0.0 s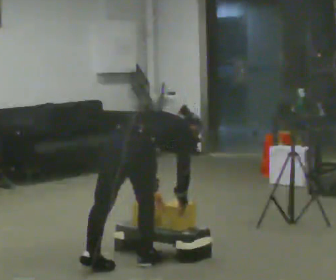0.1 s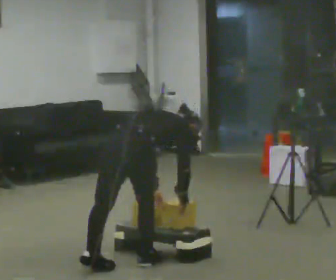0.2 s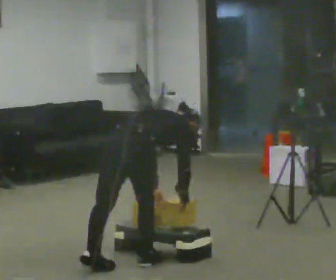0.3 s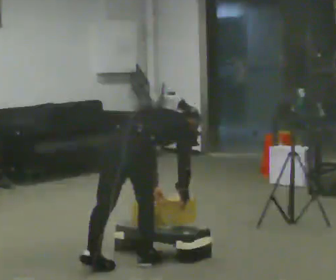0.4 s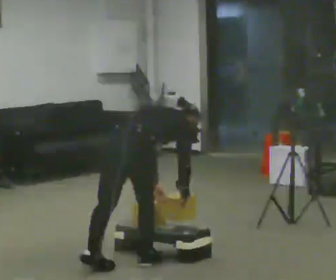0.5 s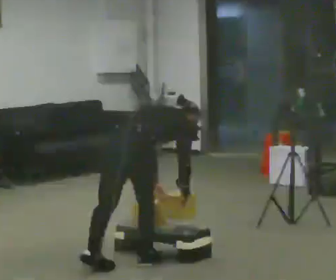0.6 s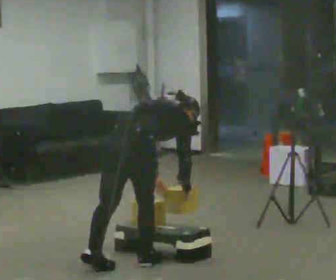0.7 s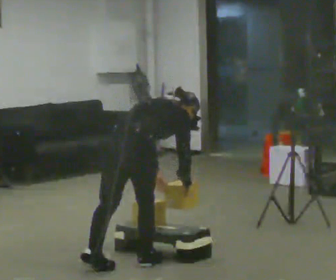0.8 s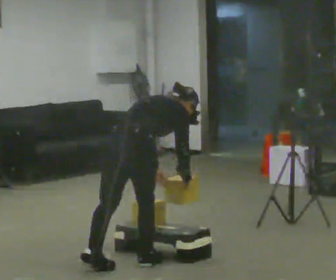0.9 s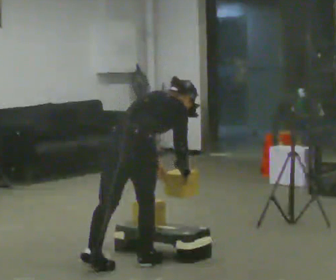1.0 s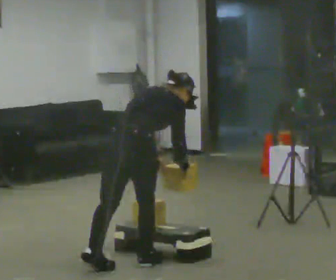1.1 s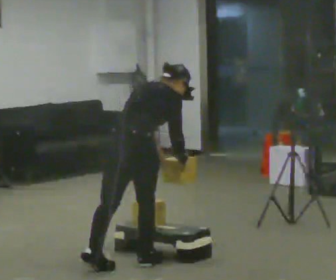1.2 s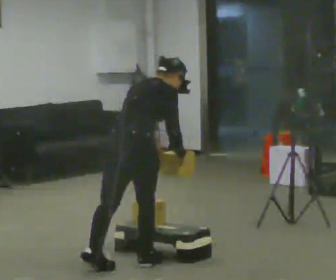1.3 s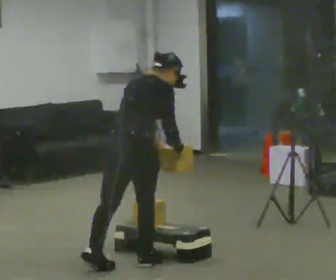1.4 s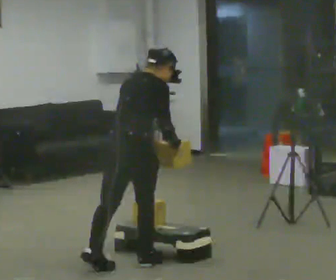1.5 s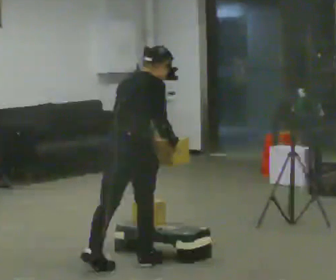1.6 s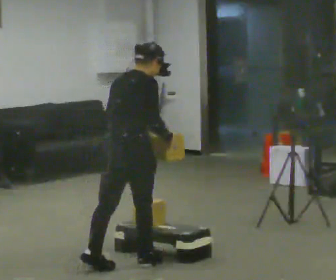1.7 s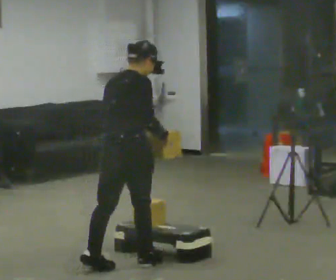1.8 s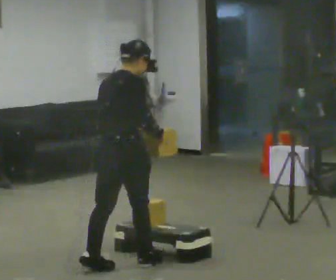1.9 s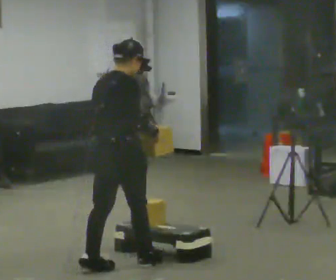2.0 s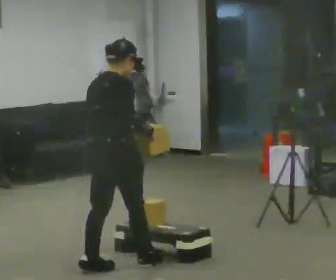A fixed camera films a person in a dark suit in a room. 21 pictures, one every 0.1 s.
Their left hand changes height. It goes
upward.
Their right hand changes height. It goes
upward.
0.0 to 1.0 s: The shoulders move upward. The upper body tips toward the camera, its near side rolling downward, as they lean back or straighten.
1.0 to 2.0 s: In the picture the upper body tilts counterclockwise, shoulders to the left, as they lean back or straighten.
The film runs backward here.
